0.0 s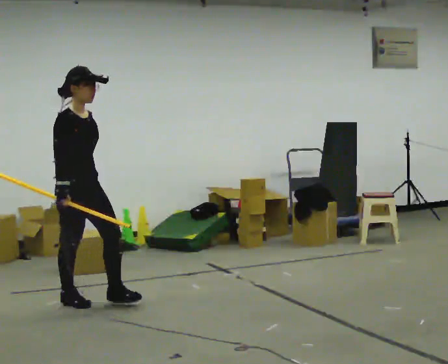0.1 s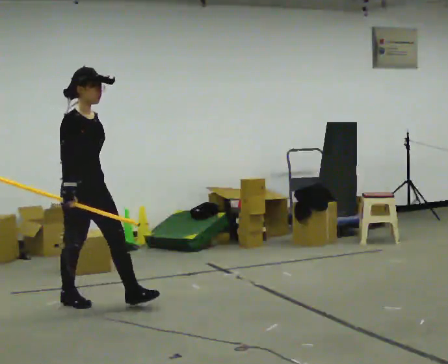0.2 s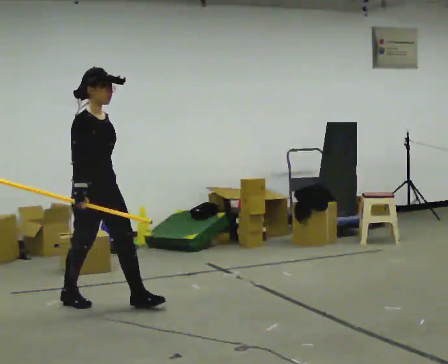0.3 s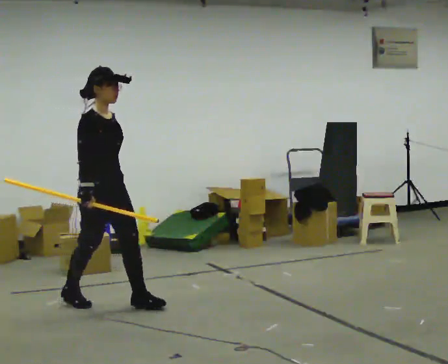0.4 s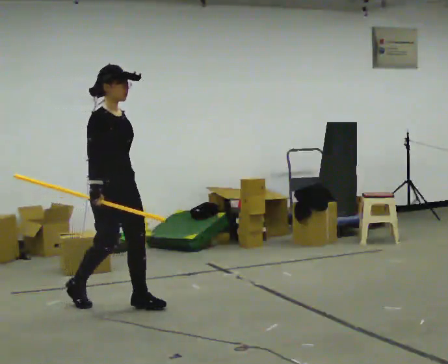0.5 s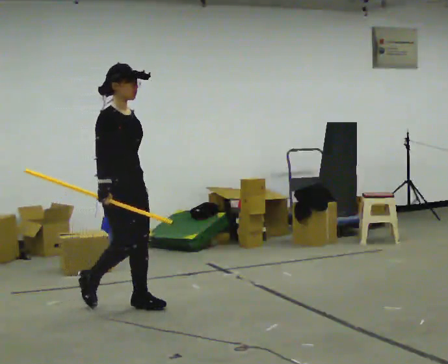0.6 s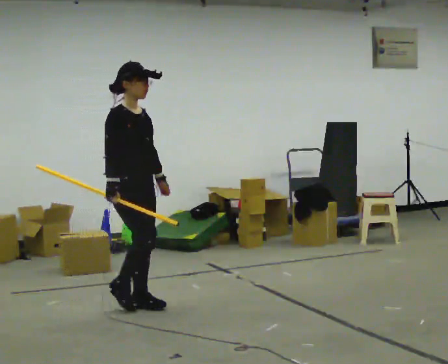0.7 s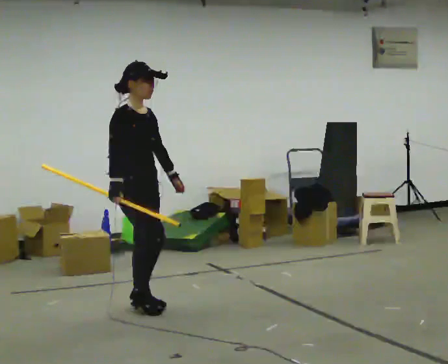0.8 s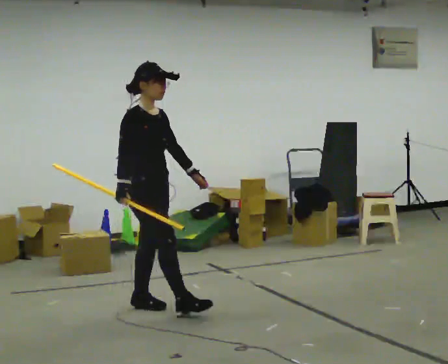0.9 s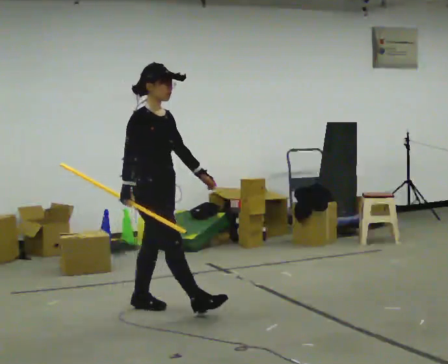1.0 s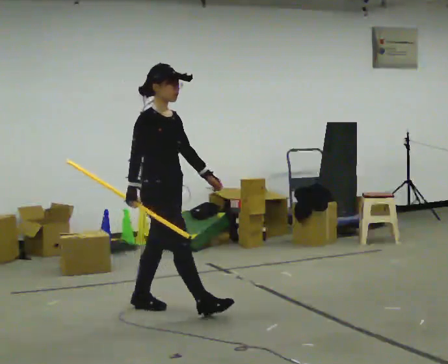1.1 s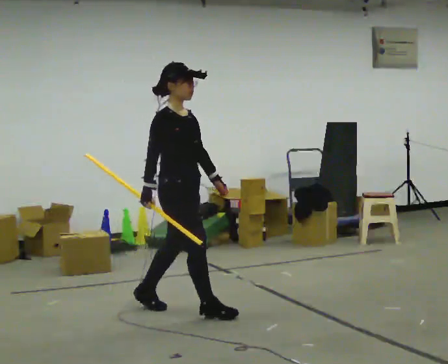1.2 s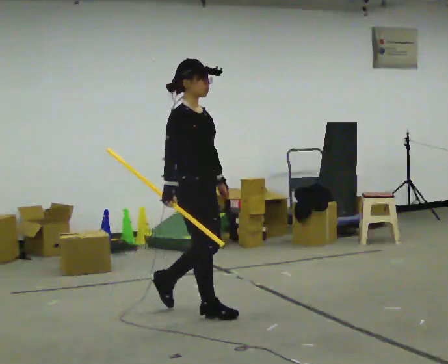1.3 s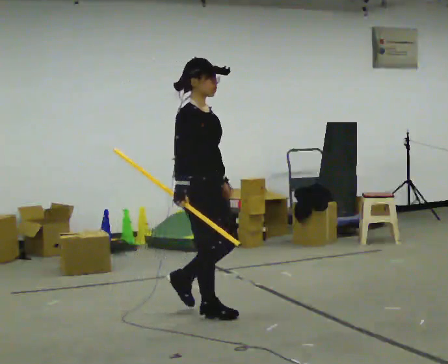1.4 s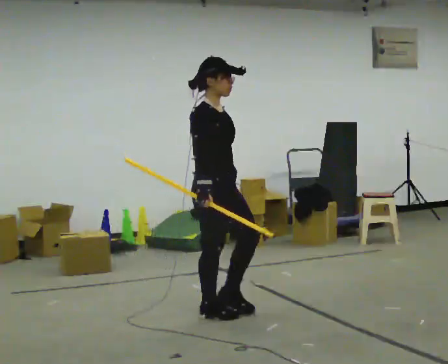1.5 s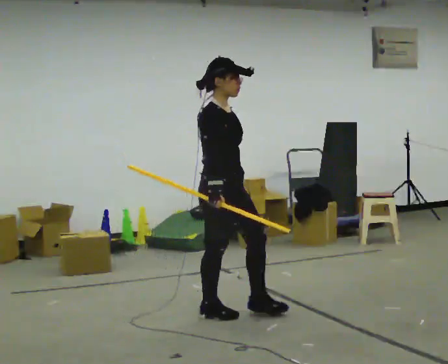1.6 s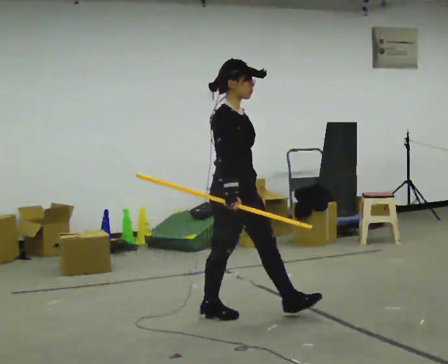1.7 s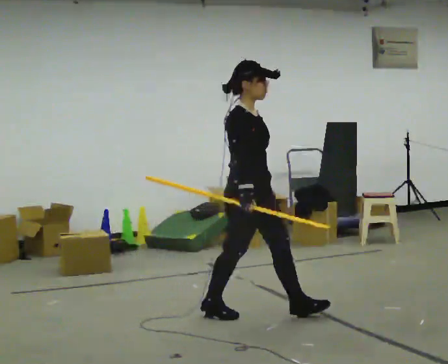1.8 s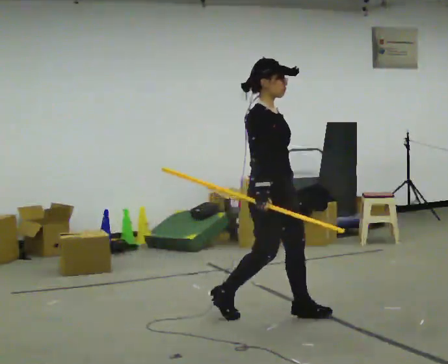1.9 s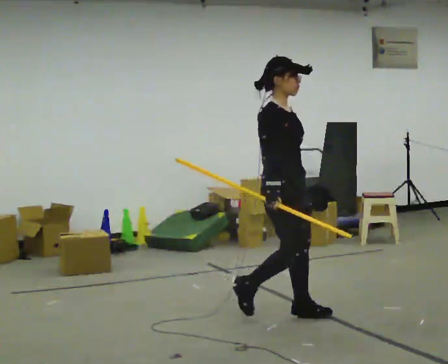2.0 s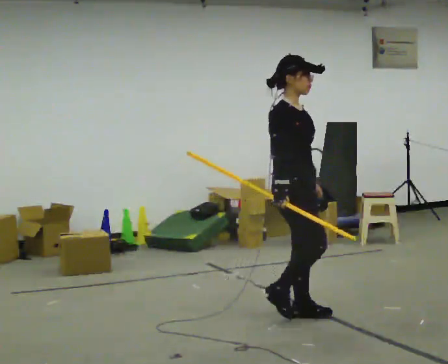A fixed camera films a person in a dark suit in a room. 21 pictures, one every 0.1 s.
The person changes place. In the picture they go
to the right.
0.0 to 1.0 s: In the picture they go to the right and toward the camera, about 0.5 m in 2 steps, which for them is forward.
1.0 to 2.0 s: In the picture they go to the right, about 1 m in 1 step, which for them is forward.
The film runs forward here.
